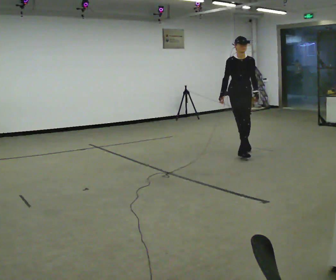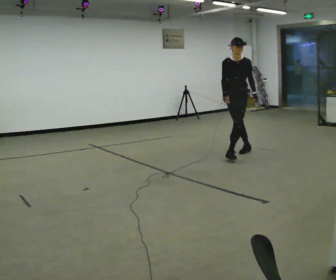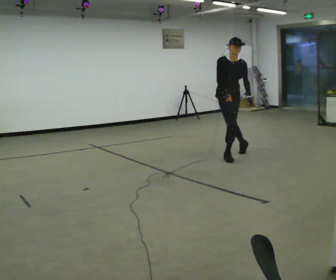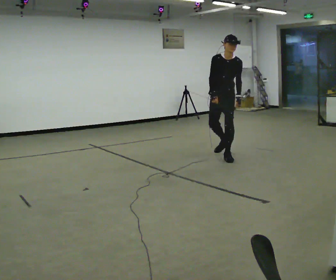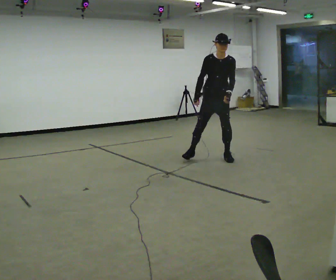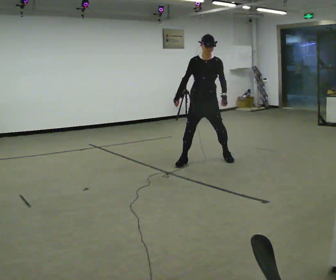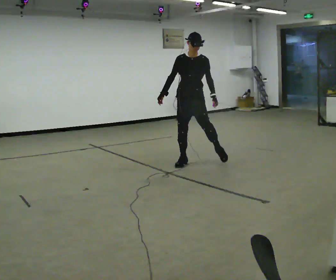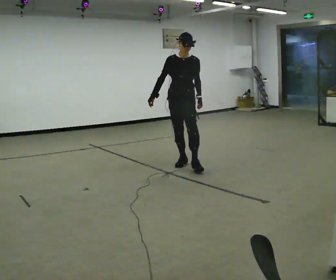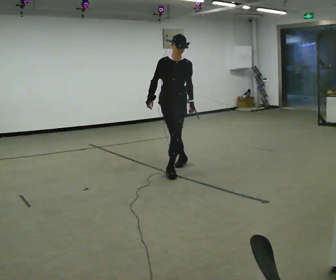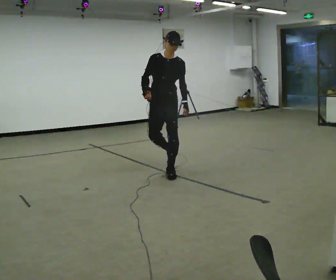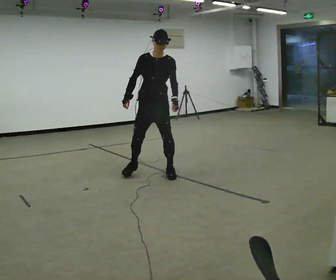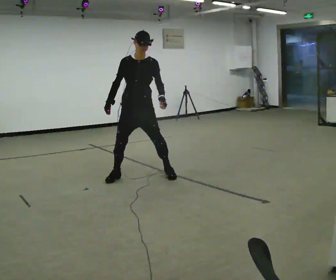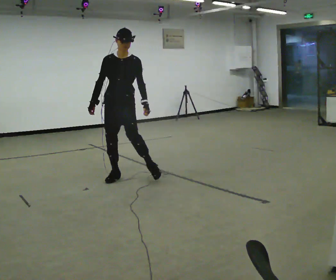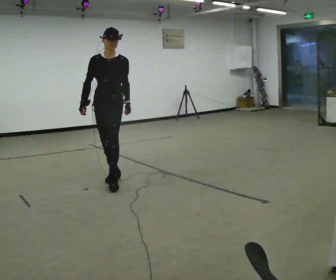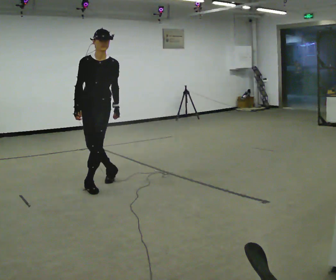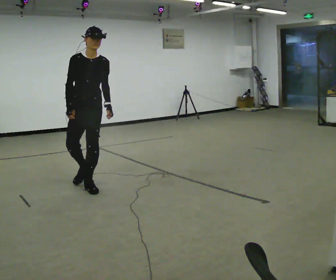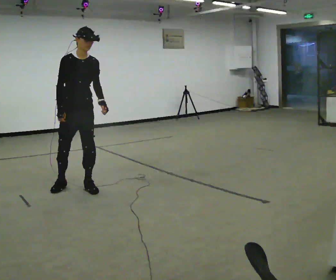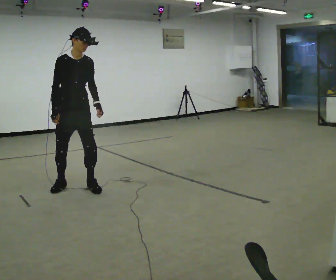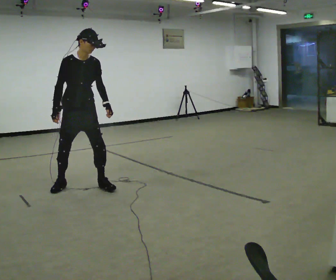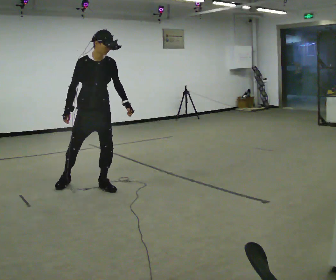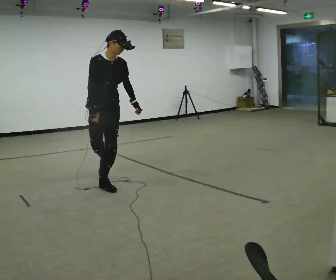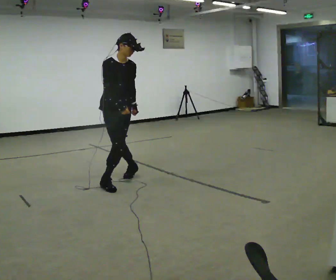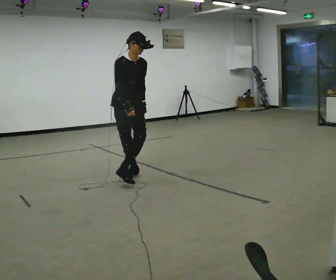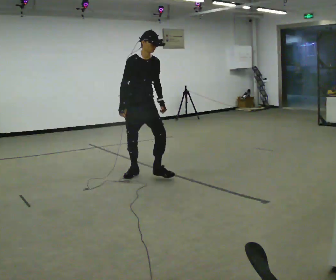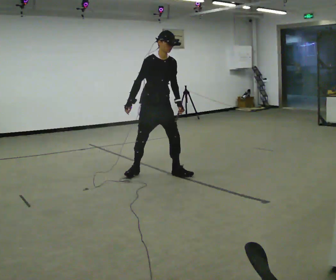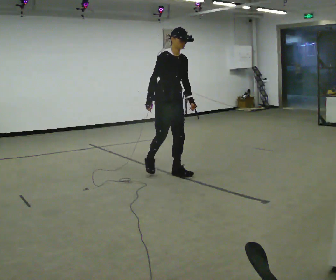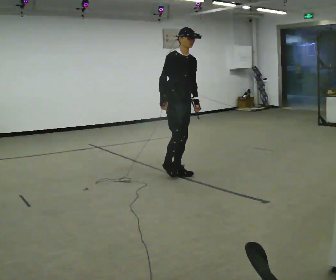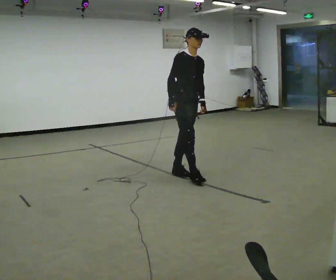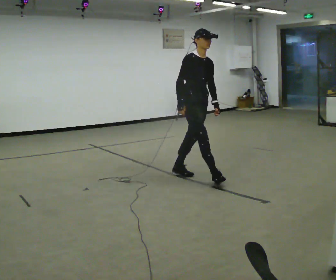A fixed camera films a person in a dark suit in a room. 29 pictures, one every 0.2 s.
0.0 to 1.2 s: In the picture they go to the left and toward the camera, about 1 m in 2 steps, which for them is forward and to their right.
1.2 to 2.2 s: In the picture they go to the left and toward the camera, about 1 m in 2 steps, which for them is forward and to their right.
2.2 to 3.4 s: The person turns about 30 degrees to their left, counterclockwise seen from above, so the part of the body nearest the lens slides to the right. In the picture they go to the left and toward the camera, about 1 m in 2 steps, which for them is to their right and forward.
3.4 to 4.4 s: In the picture they go to the right and away from the camera, about 0.5 m in 1 step, which for them is to their left.
4.4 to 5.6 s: In the picture they go to the right, about 1 m in 1 step, which for them is to their left and forward.
The film runs forward here.
